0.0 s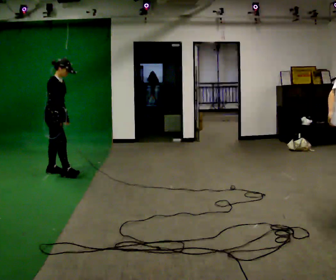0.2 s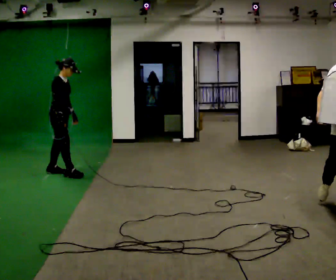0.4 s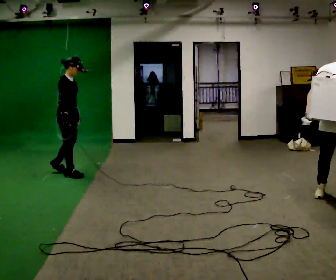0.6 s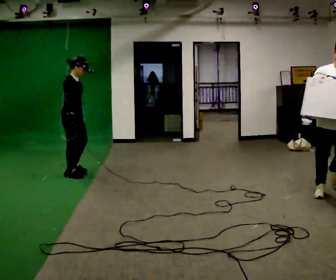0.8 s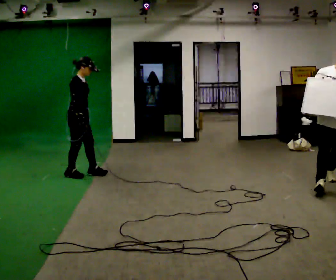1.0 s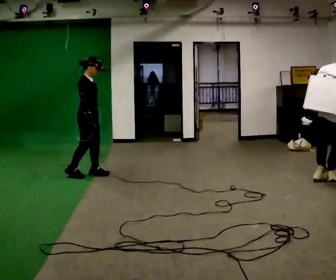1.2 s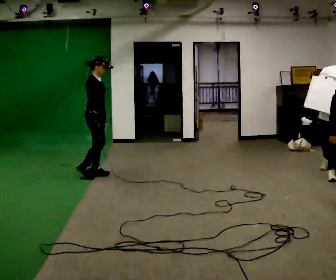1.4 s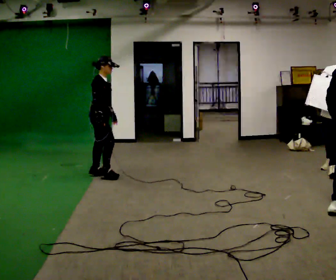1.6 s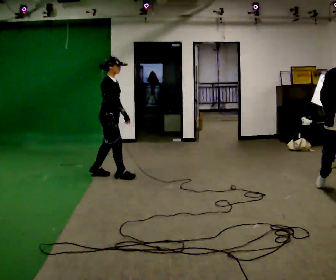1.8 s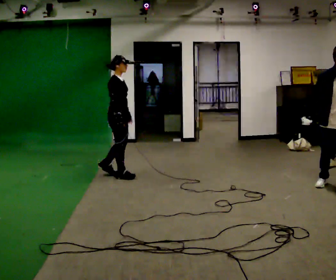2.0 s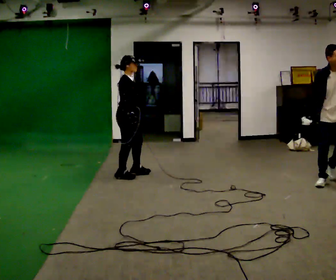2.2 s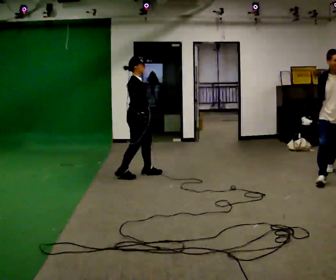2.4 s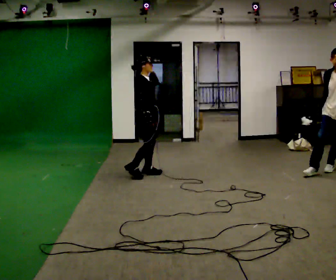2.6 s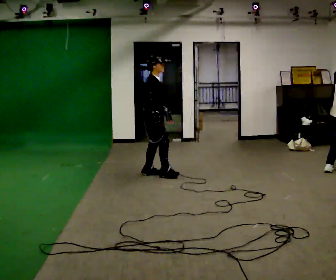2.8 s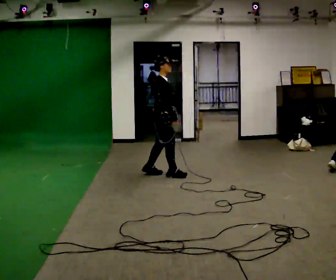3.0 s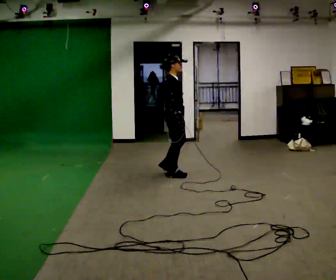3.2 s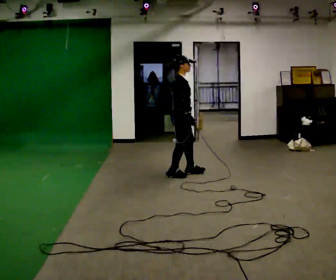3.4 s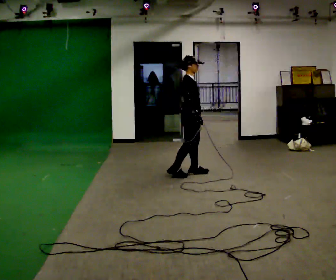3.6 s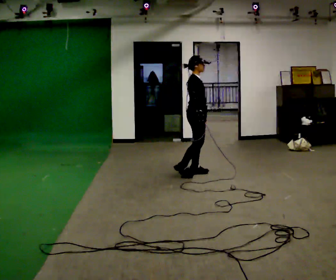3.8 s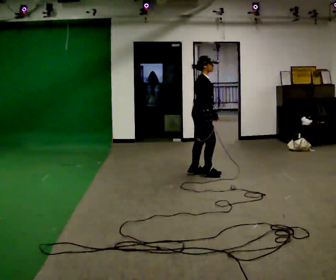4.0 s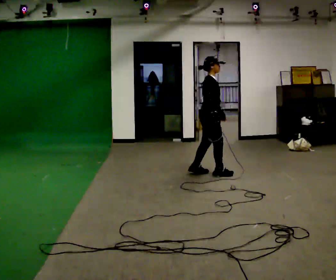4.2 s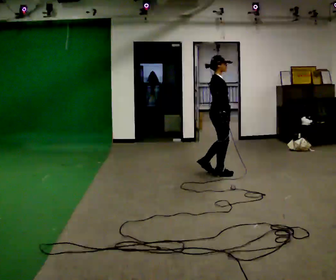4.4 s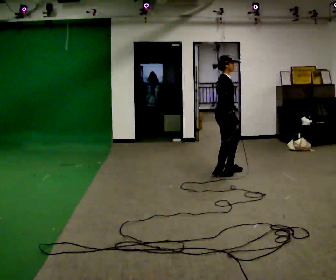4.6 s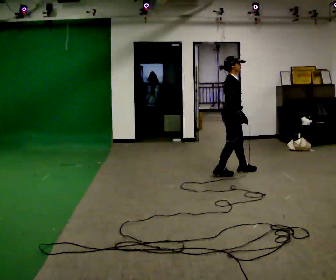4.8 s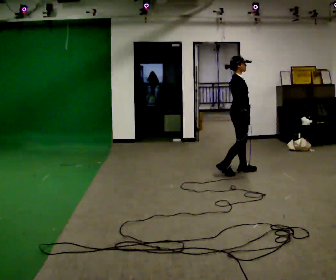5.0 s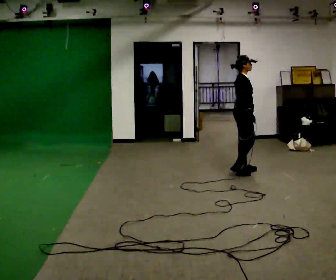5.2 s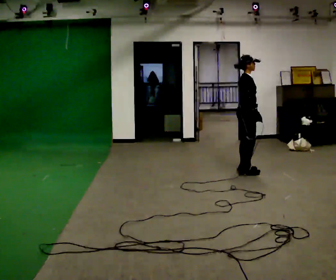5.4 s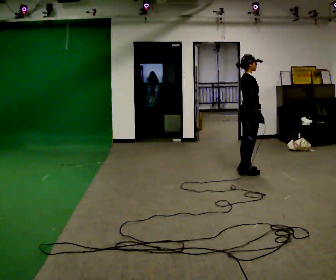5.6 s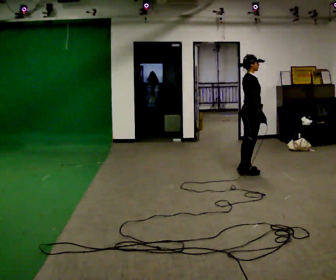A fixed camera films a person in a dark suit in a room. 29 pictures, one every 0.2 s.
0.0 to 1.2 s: In the picture they go to the right, about 0.5 m in 2 steps, which for them is forward.
1.2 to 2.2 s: In the picture they go to the right, about 0.5 m in 1 step, which for them is forward.
2.2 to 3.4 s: In the picture they go to the right, about 0.75 m in 2 steps, which for them is forward.
3.4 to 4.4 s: In the picture they go to the right, about 0.5 m in 2 steps, which for them is forward.
4.4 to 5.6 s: In the picture they go to the right, about 0.25 m in 1 step, which for them is forward.
The film runs backward here.
